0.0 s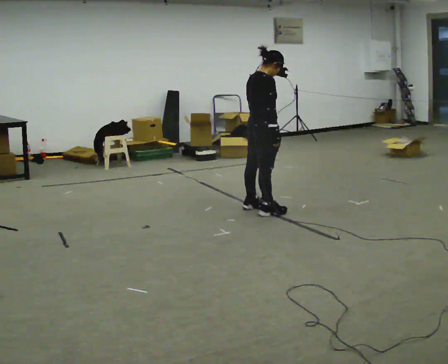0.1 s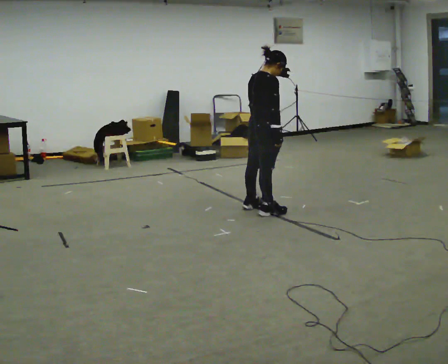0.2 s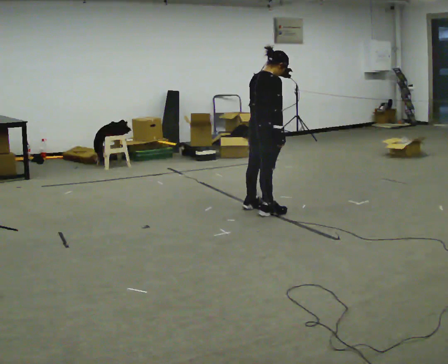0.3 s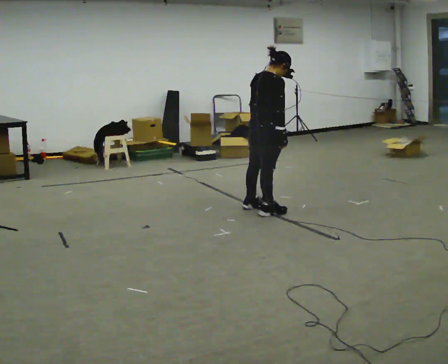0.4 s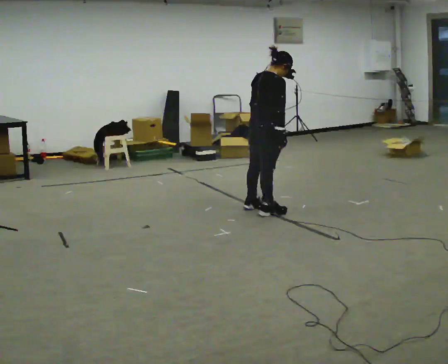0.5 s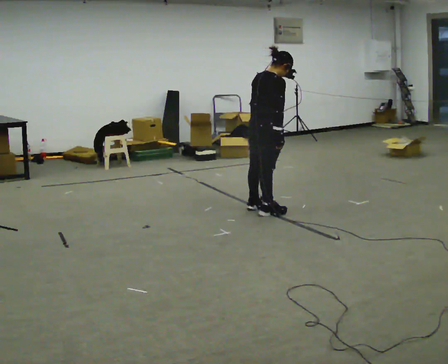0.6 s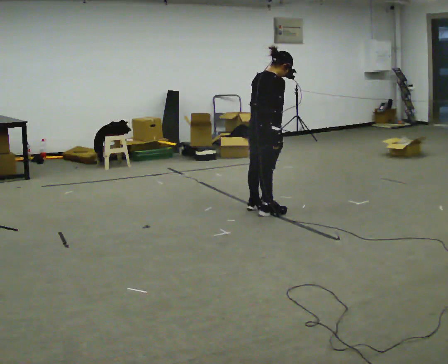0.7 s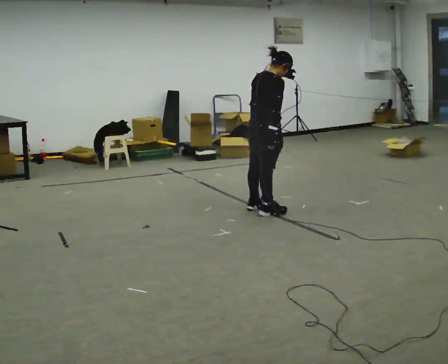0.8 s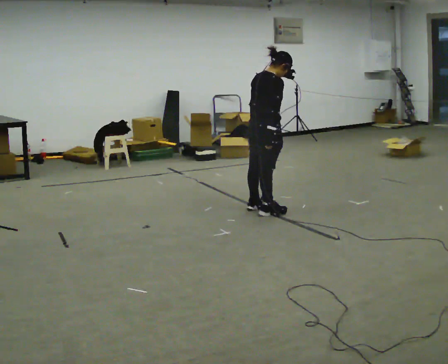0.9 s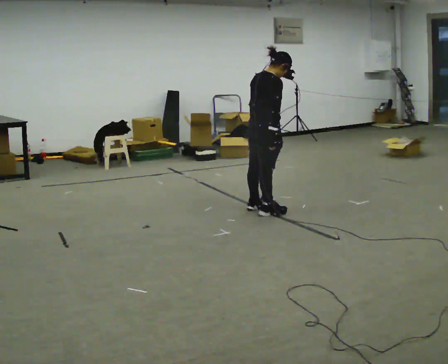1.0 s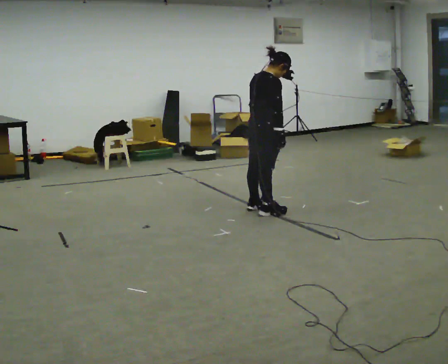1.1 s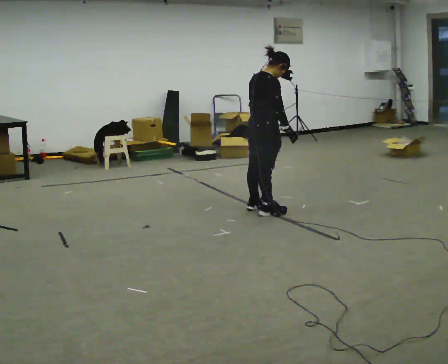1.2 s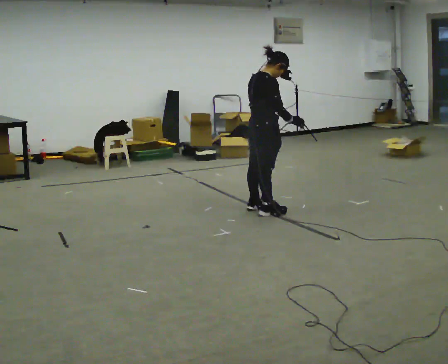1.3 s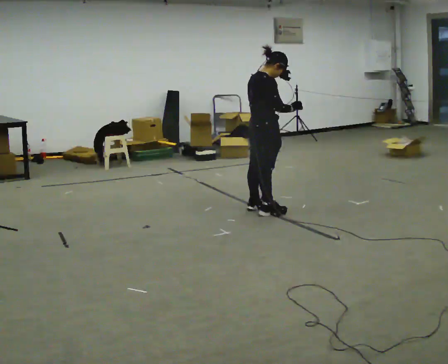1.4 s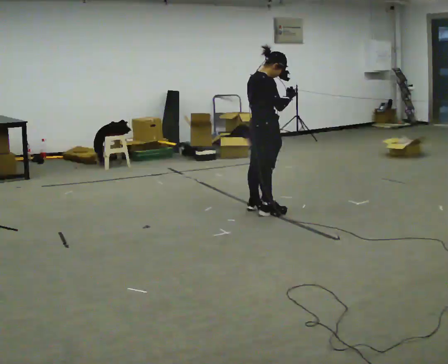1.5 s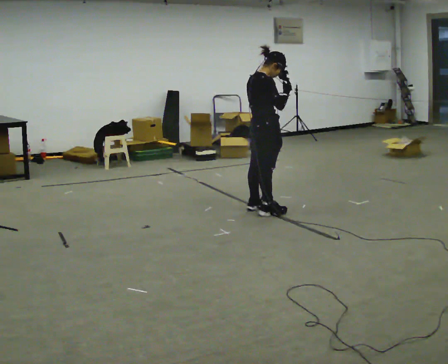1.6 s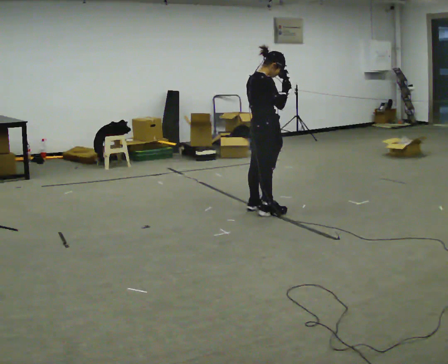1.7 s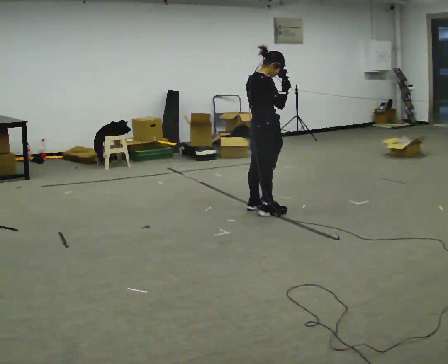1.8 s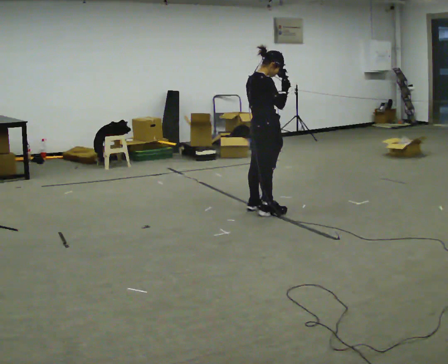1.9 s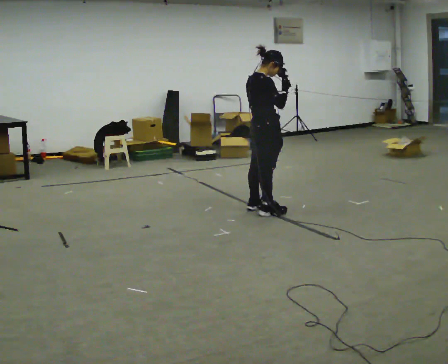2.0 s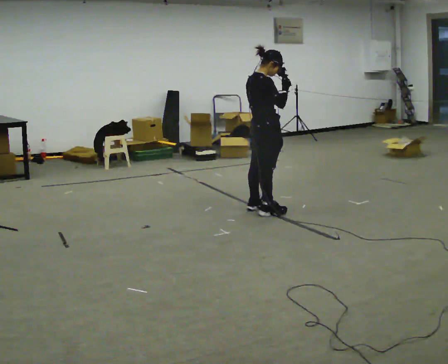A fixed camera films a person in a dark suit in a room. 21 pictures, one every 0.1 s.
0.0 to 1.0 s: The person moves a little, or ends about where they began.
1.0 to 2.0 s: In the picture their right hand goes upward.
The film runs backward here.
